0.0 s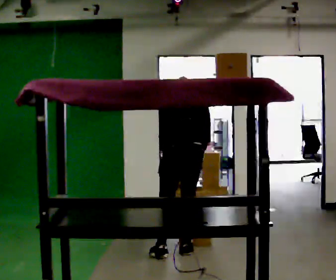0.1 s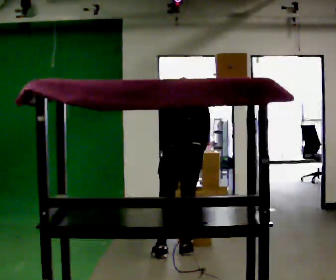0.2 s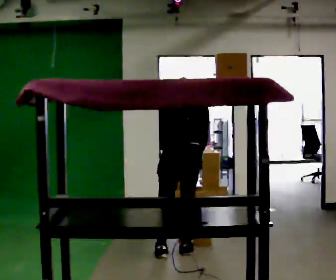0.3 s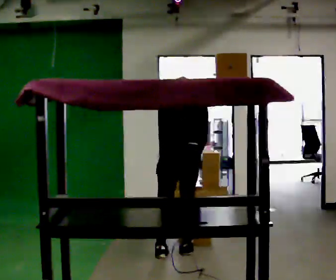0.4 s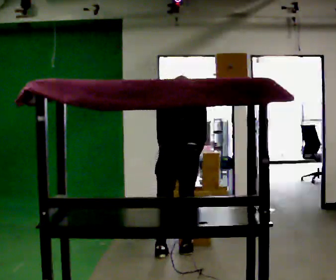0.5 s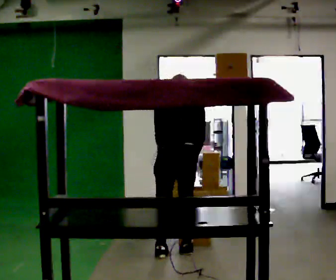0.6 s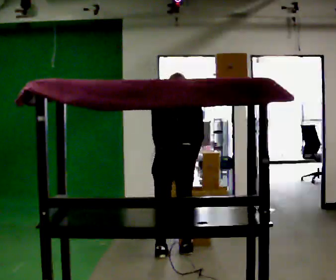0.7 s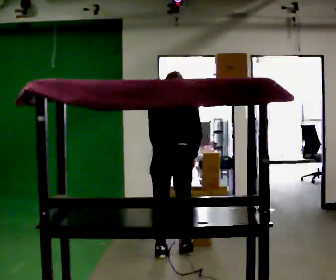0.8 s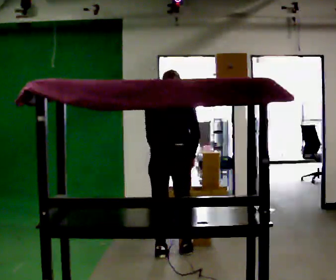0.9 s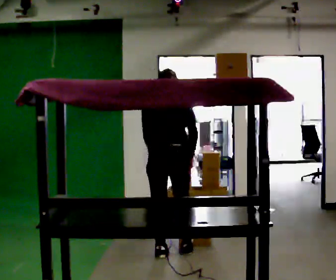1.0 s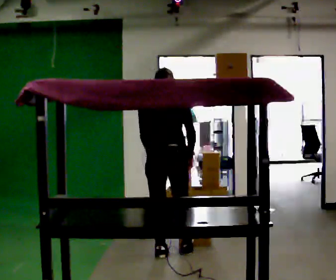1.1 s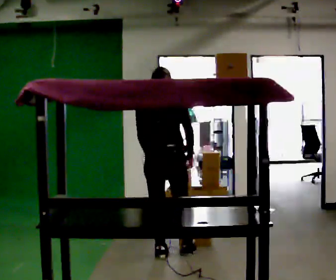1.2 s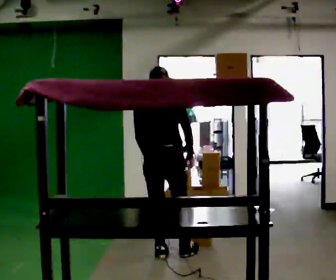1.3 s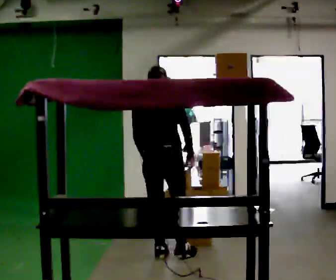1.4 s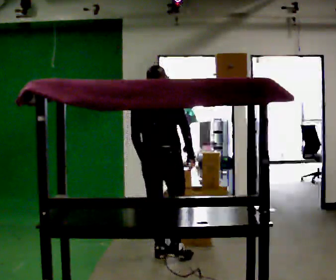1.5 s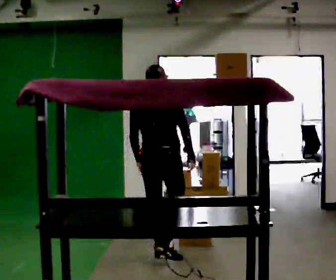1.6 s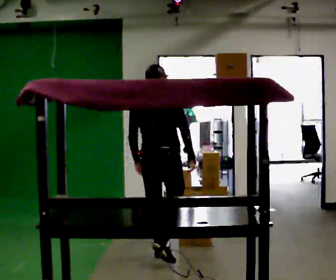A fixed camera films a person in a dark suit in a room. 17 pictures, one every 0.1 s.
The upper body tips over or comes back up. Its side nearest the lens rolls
downward.
0.0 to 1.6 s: The person turns about 30 degrees to their right, clockwise seen from above, so the part of the body nearest the lens slides to the left. In the picture they go to the left and toward the camera, about 0.25 m in 1 step, which for them is to their left and backward. The upper body tips toward the camera, its near side rolling downward, as they lean back or straighten.
The film runs backward here.
